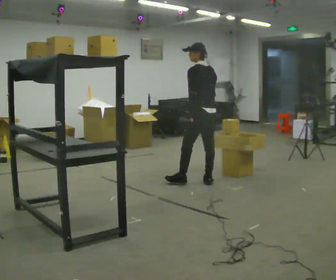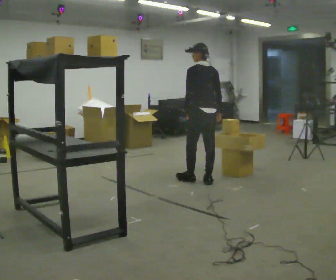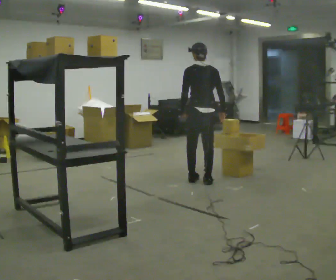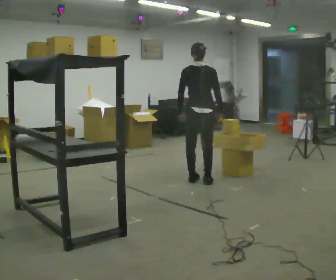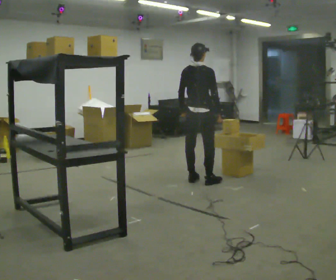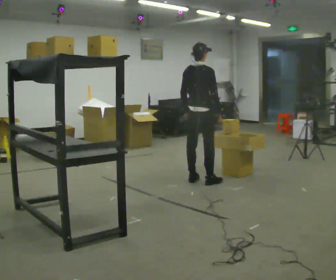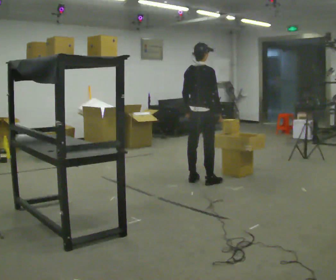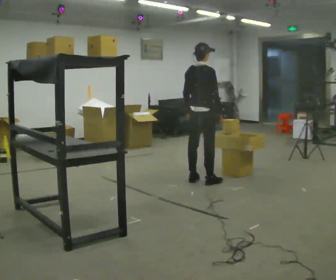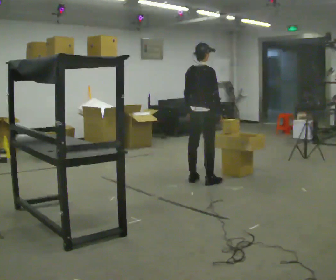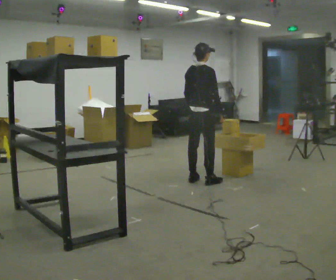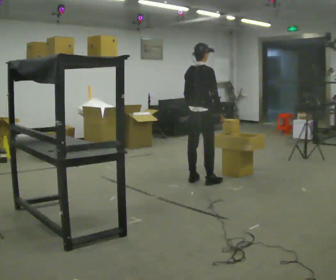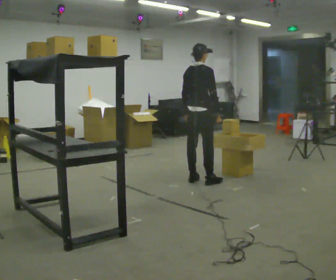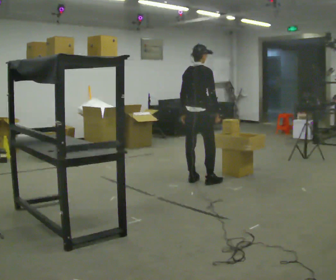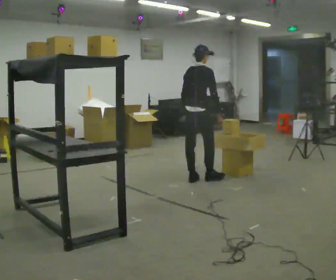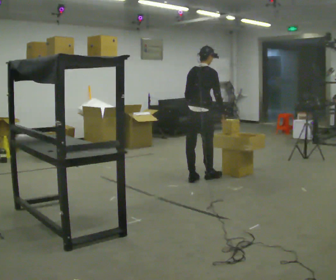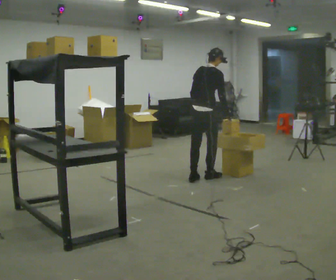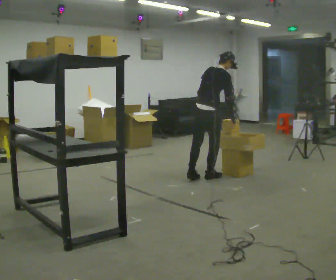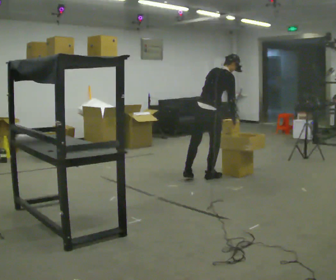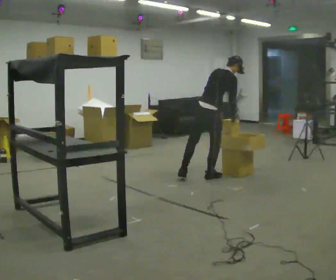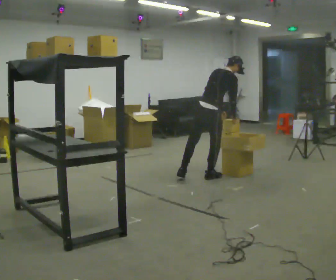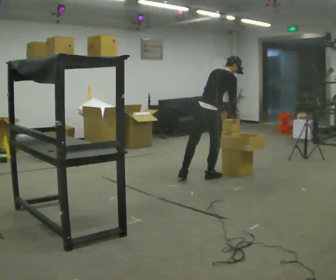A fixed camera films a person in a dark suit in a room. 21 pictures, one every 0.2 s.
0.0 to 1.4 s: The person turns about 90 degrees to their right, clockwise seen from above, so the part of the body nearest the lens slides to the left.
1.4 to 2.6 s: The person moves a little, or ends about where they began.
2.6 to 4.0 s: In the picture they go to the right, about 0.25 m, which for them is forward. In the picture the upper body tilts clockwise, shoulders to the right, as they bend forward.
The film runs backward here.
